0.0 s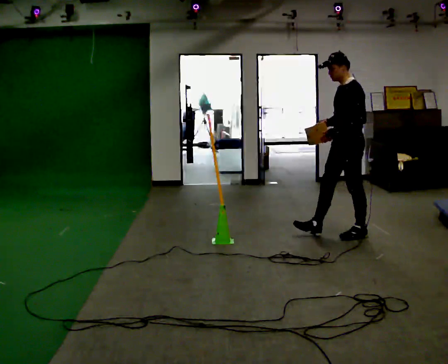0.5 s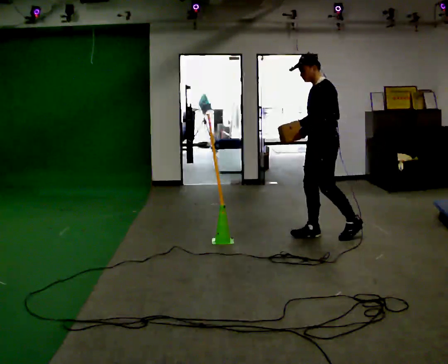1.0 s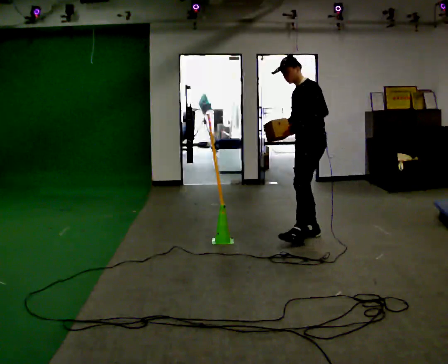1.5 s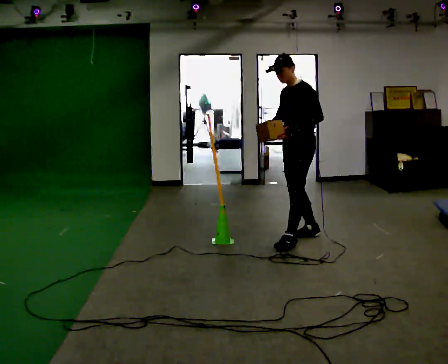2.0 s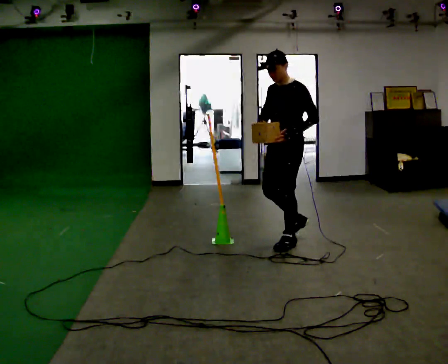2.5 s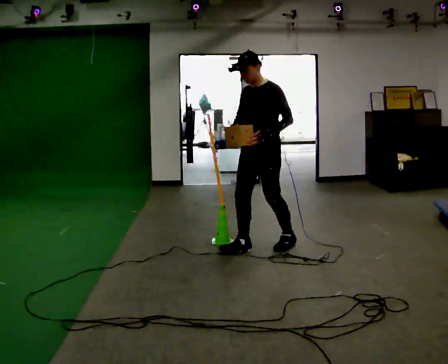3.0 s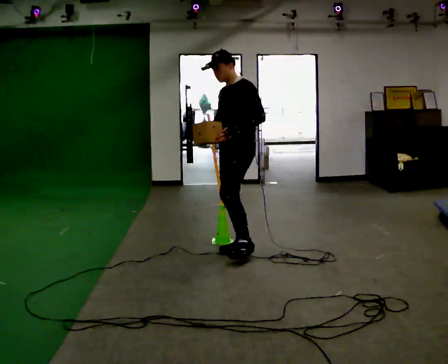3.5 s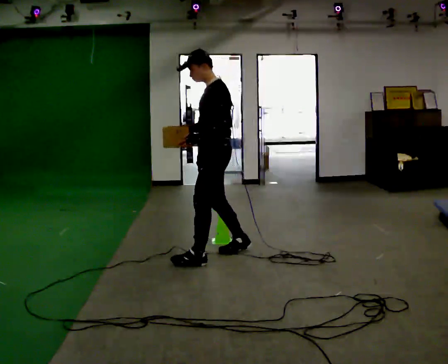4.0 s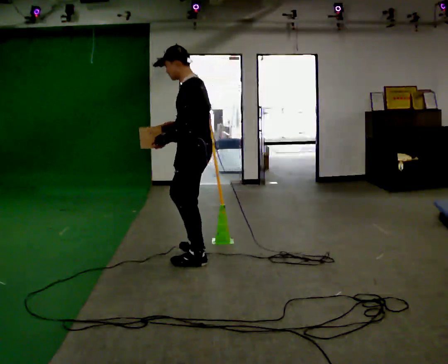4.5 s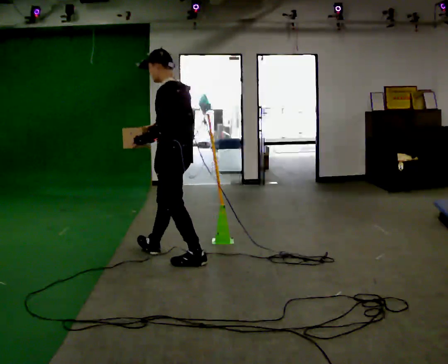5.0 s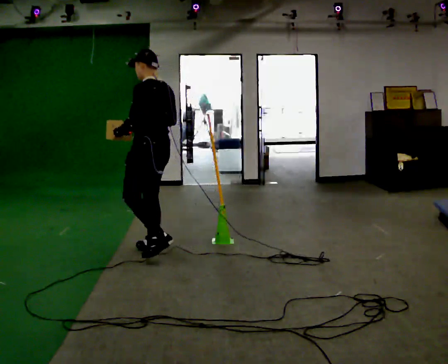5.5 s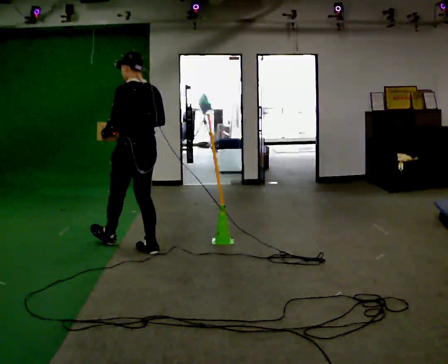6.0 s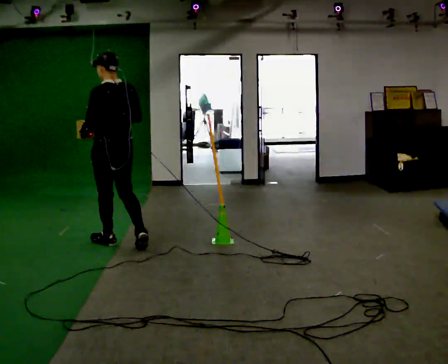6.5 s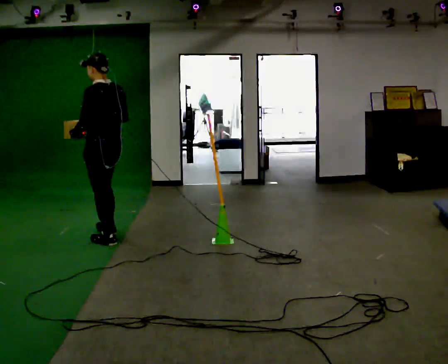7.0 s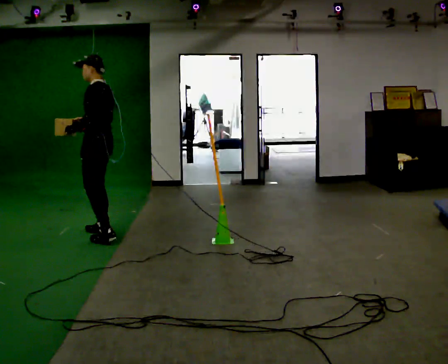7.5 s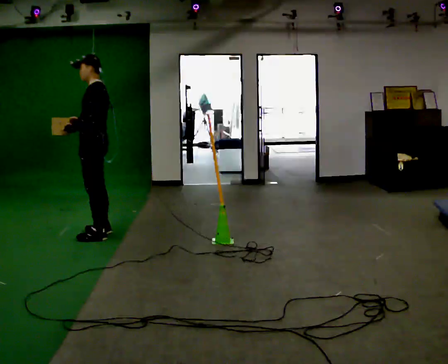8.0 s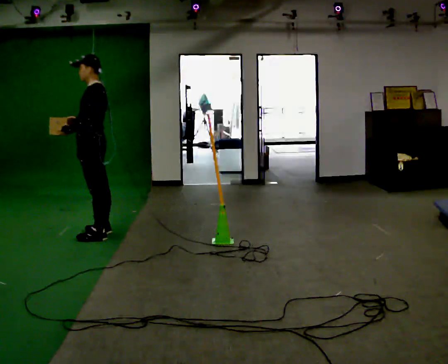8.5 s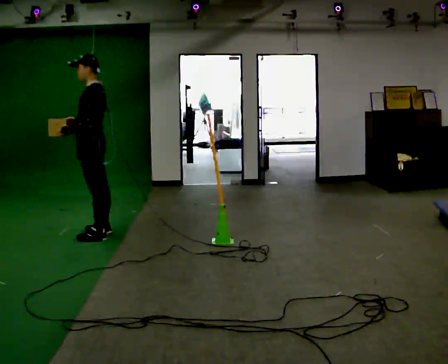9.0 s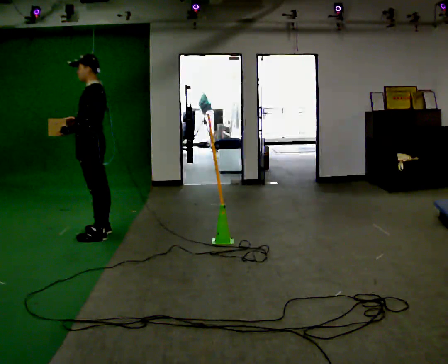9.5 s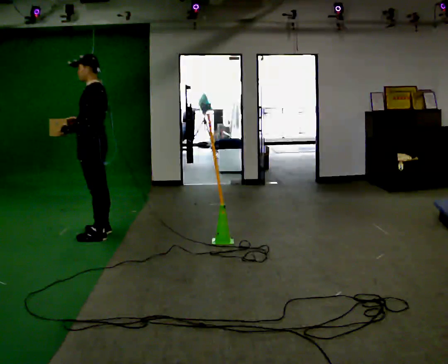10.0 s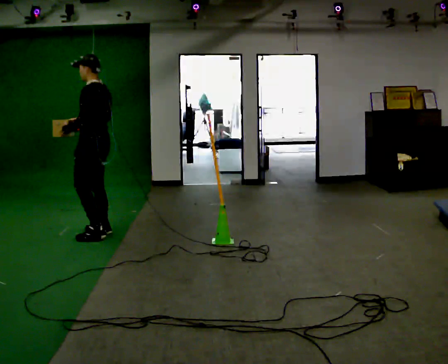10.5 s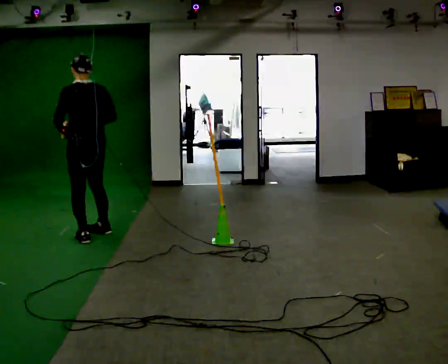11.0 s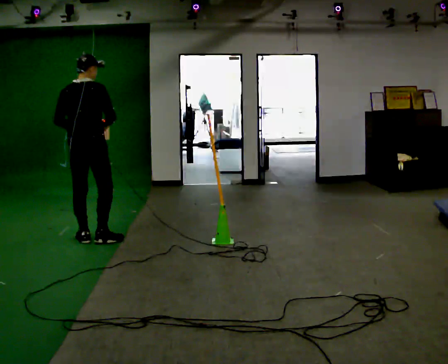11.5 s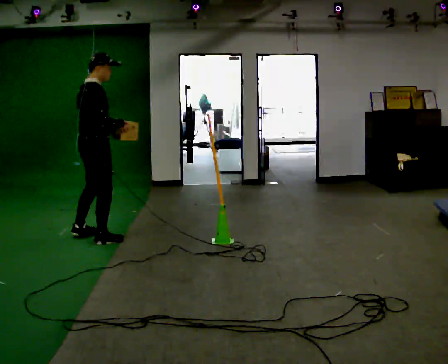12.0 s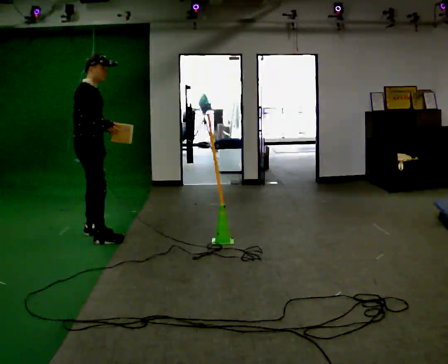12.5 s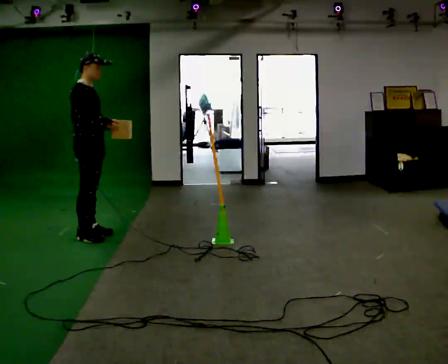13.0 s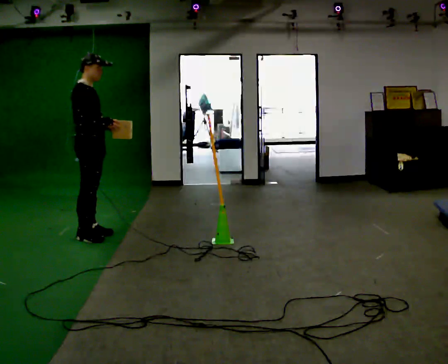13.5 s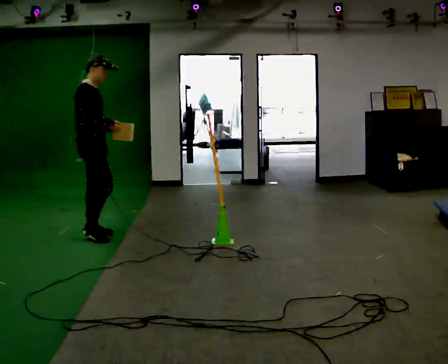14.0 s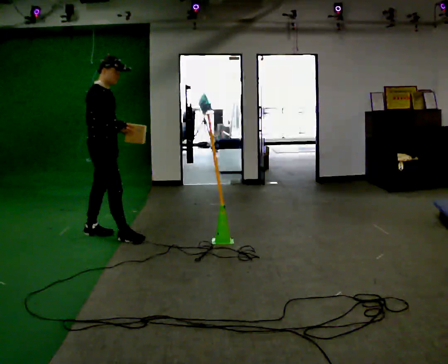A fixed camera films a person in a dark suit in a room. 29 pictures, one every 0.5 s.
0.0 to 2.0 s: The person turns about 30 degrees to their left, counterclockwise seen from above, so the part of the body nearest the lens slides to the right. In the picture they go to the left, about 0.5 m in 1 step, which for them is forward.
2.0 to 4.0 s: The part of the body nearest the lens slides to the left as the person turns to their right by about 45 degrees. In the picture they go to the left, about 1 m in 2 steps, which for them is forward.
4.0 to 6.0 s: The person turns about 30 degrees to their right, clockwise seen from above, so the part of the body nearest the lens slides to the left. In the picture they go to the left and away from the camera, about 1 m in 2 steps, which for them is forward.
6.0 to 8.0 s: Seen from above the body turns counterclockwise, about 45 degrees: to their left, with its near side sliding to the right. In the picture they go away from the camera and to the left, about 0.5 m in 2 steps, which for them is forward and to their right.
8.0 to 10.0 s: The person moves a little, or ends about where they began.
10.0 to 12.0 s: The person turns about 165 degrees to their right, clockwise seen from above, so the part of the body nearest the lens slides to the left. In the picture their left hand goes to the right, the arm swinging counterclockwise.
12.0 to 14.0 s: The person moves a little, or ends about where they began.
The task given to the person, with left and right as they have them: Carry the box across the room. The operator will step into your path partway across, so go around them and carry on. Keep going until the operator says stop; one object at a time, and do not rush between trips.
The film runs forward here.
